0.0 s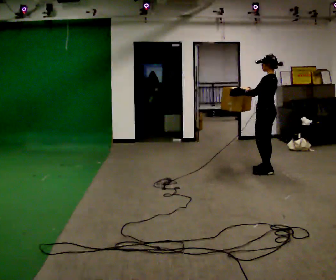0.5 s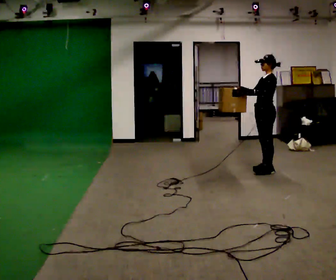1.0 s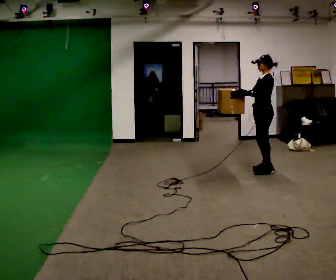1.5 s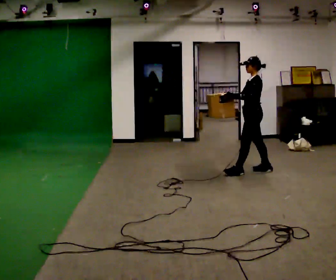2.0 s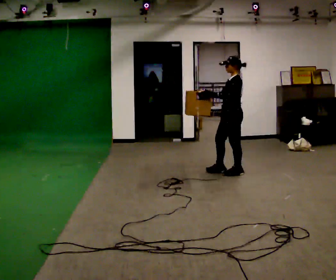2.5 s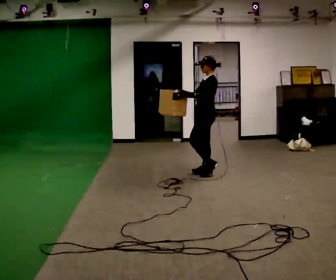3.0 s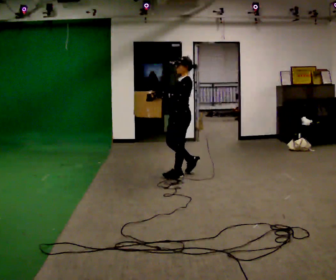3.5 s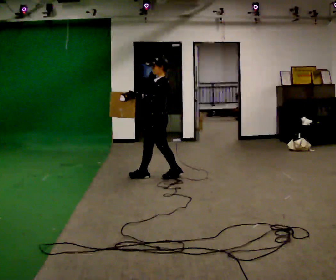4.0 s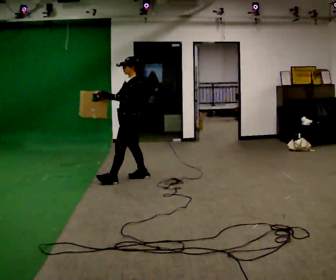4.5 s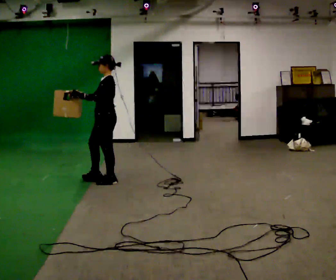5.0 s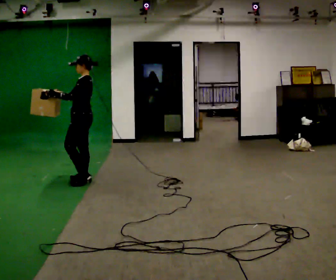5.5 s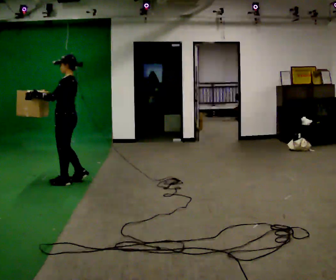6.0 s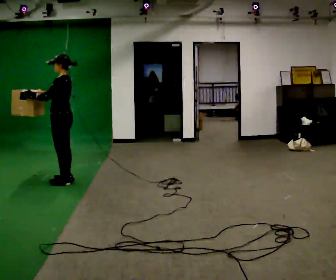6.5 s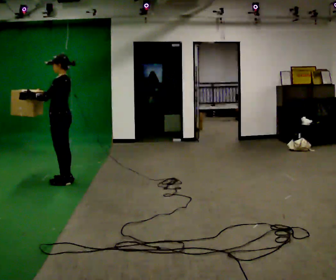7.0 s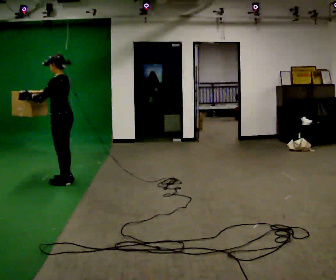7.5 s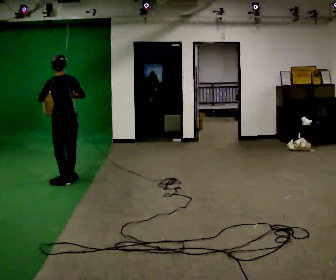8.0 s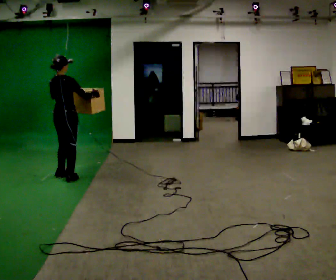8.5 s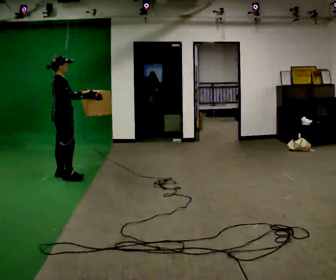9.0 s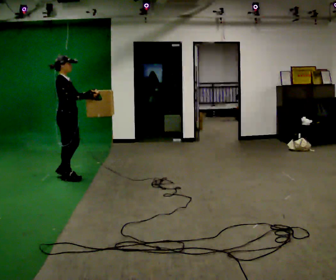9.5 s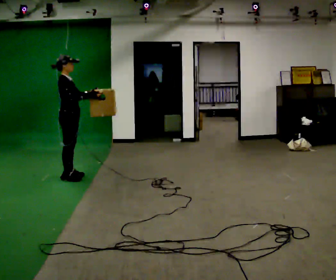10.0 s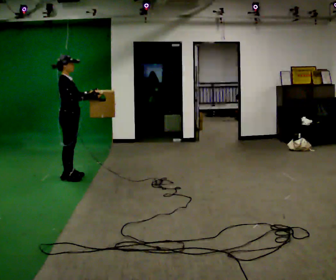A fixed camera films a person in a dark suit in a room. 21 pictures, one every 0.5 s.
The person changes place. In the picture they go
to the left.
0.0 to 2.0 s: The person turns about 30 degrees to their left, counterclockwise seen from above, so the part of the body nearest the lens slides to the right. In the picture they go to the left, about 0.5 m in 1 step, which for them is forward.
2.0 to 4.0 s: In the picture they go to the left, about 1.5 m in 3 steps, which for them is forward.
4.0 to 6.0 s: In the picture they go to the left, about 1 m in 4 steps, which for them is forward.
6.0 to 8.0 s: The part of the body nearest the lens slides to the left as the person turns to their right by about 105 degrees. In the picture their right hand goes to the right.
8.0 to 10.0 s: Seen from above the body turns clockwise, about 60 degrees: to their right, with its near side sliding to the left.
The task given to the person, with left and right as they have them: Carry the box in both hands and walk back and forth across the room. The contents may move around. Carry on as best you can.
The film runs forward here.
